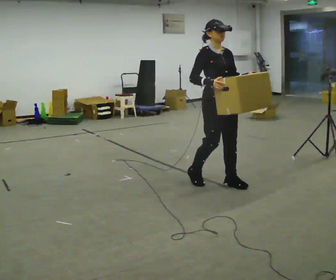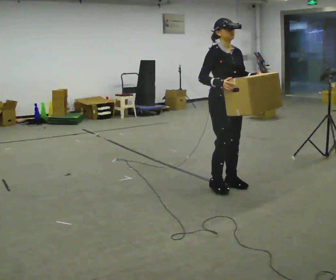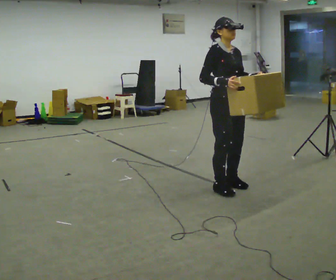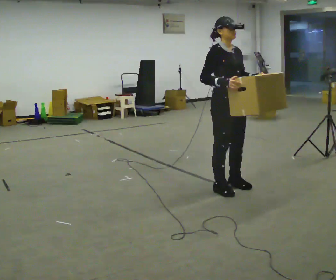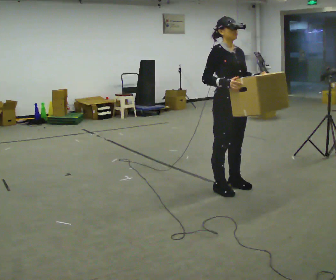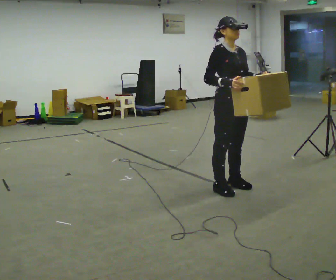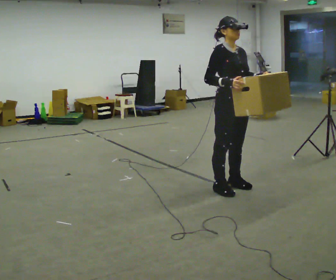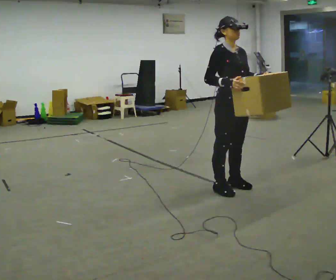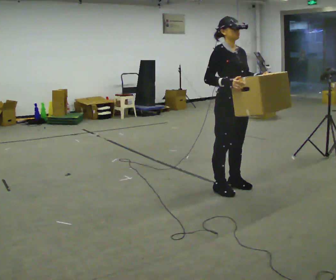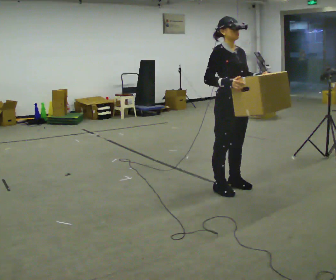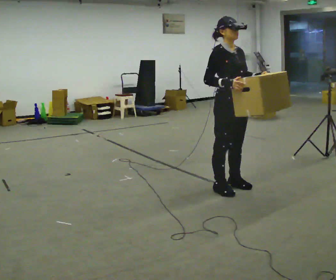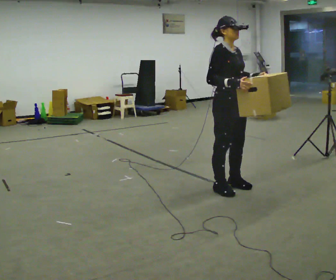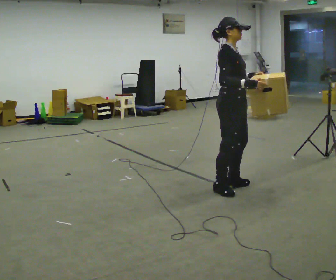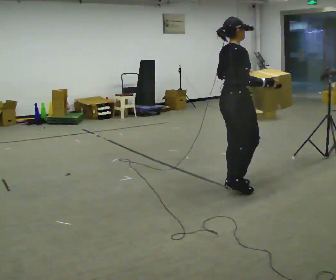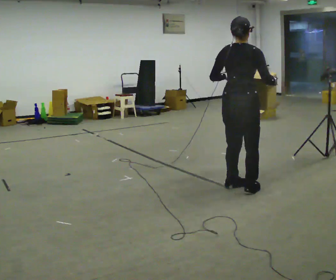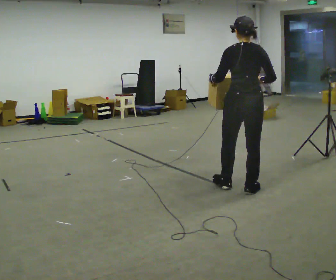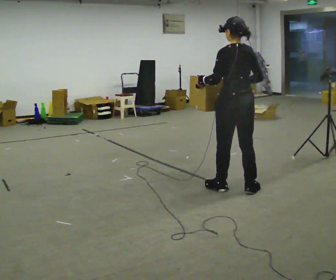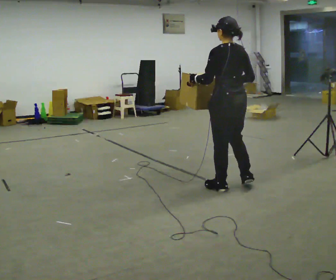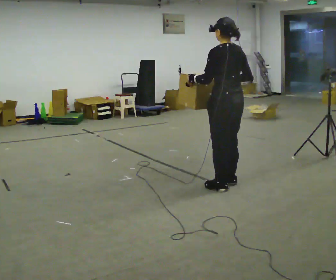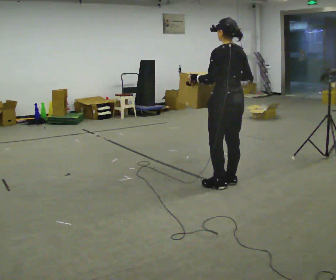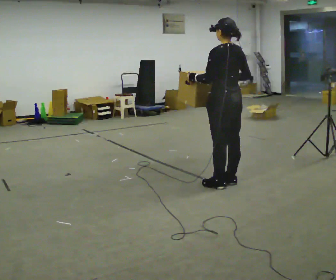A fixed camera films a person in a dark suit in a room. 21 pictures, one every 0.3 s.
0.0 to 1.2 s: The person moves a little, or ends about where they began.
1.2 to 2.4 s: The person keeps their place and pose.
2.4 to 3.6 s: The person turns about 30 degrees to their left, counterclockwise seen from above, so the part of the body nearest the lens slides to the right.
3.6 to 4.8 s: The person turns about 135 degrees to their left, counterclockwise seen from above, so the part of the body nearest the lens slides to the right.
4.8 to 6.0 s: In the picture they go away from the camera, about 0.25 m in 1 step, which for them is forward.
The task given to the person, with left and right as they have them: Carry the box across the room much more slowly and carefully than normal, back and forth.
The film runs forward here.
